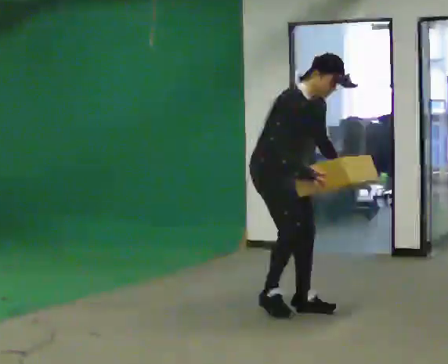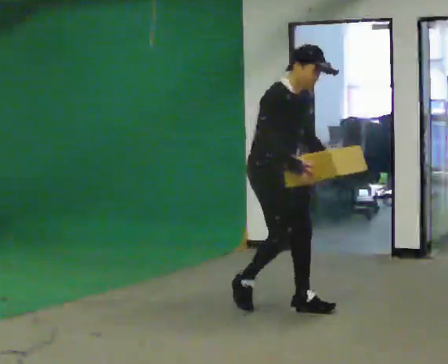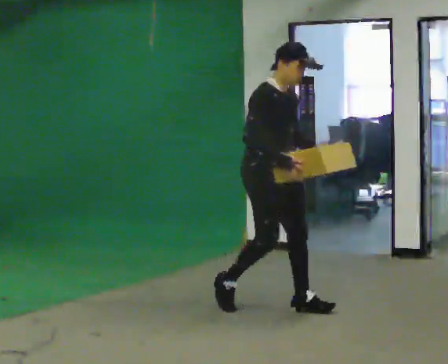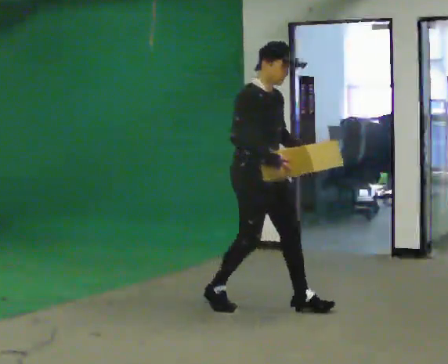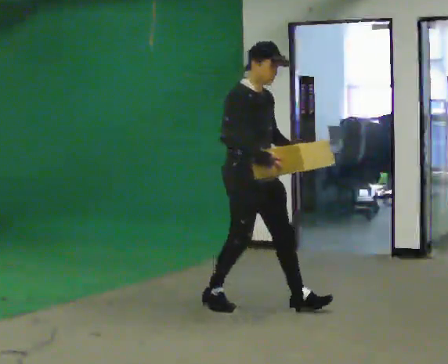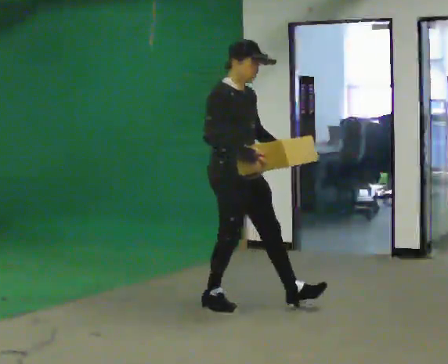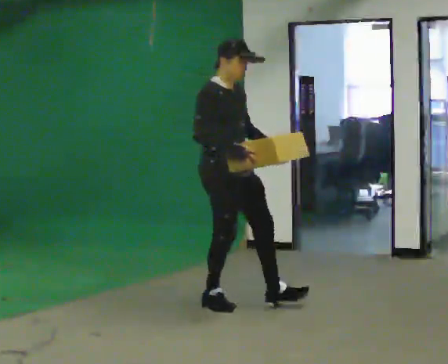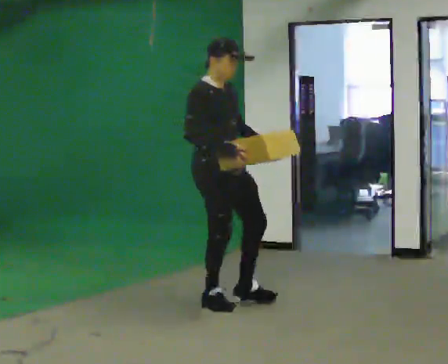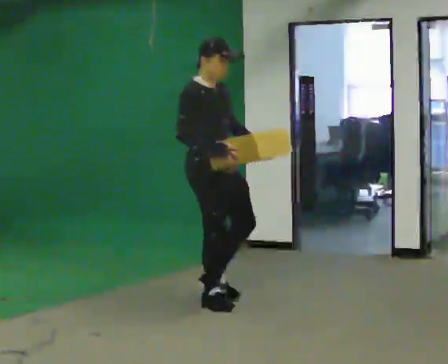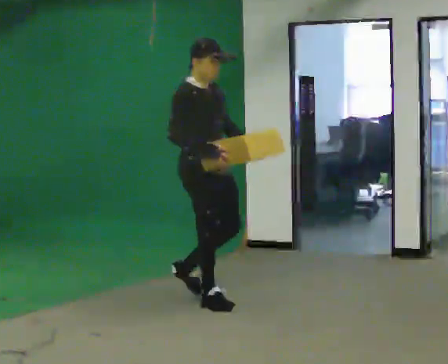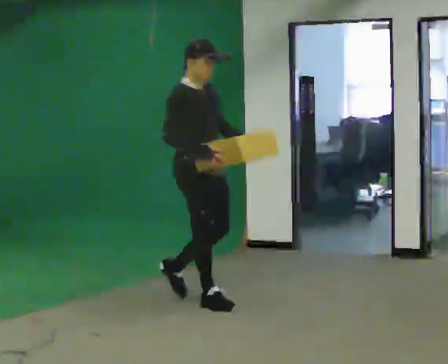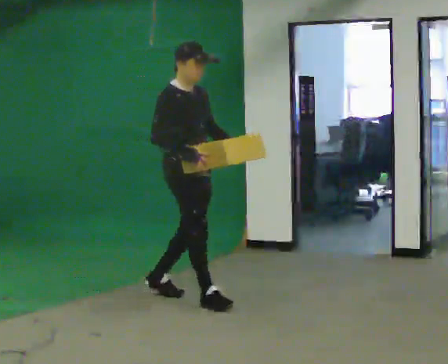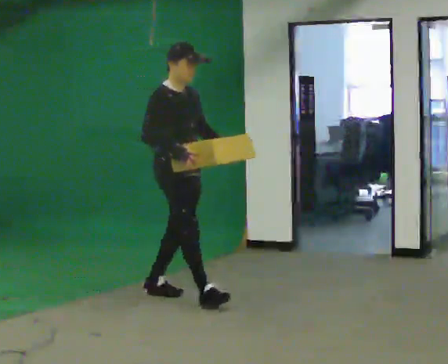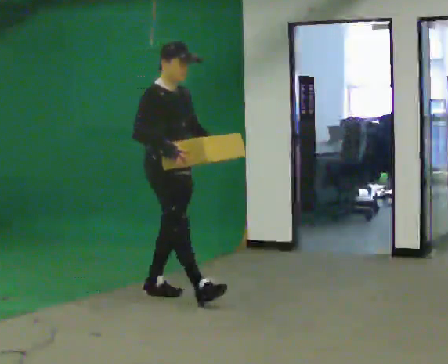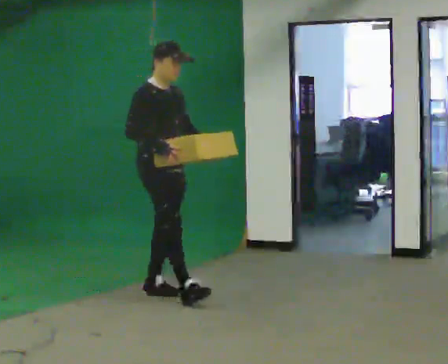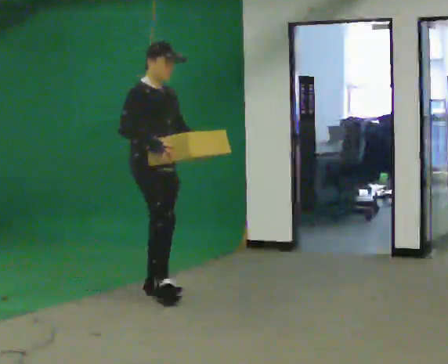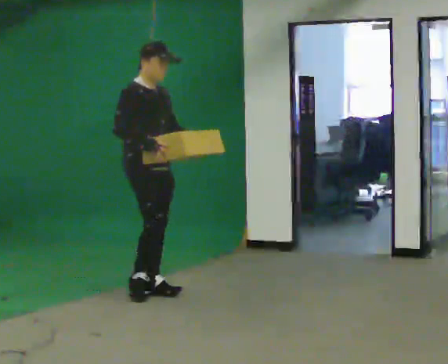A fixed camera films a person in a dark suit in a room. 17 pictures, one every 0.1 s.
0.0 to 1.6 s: In the picture they go to the left and away from the camera, about 1 m in 2 steps, which for them is backward. In the picture the upper body tilts counterclockwise, shoulders to the left, as they lean back or straighten.
The film runs backward here.
